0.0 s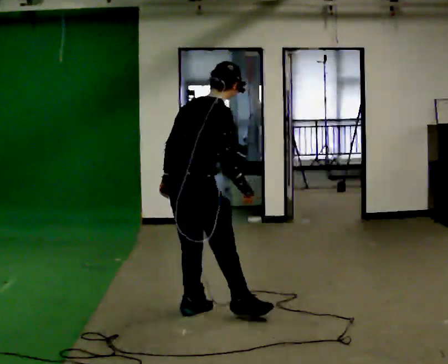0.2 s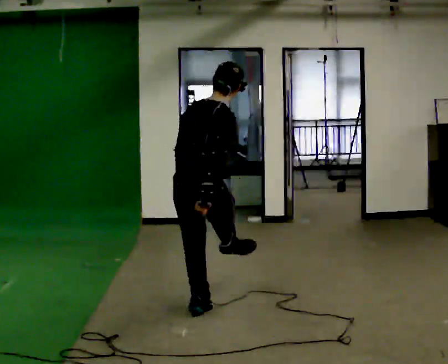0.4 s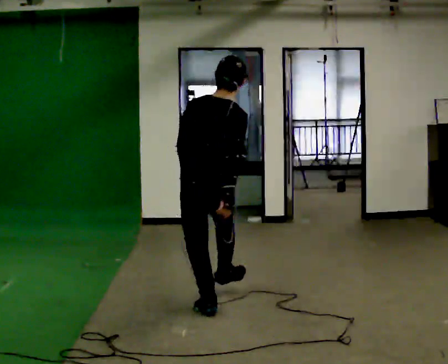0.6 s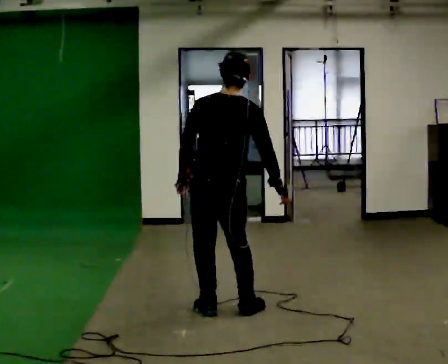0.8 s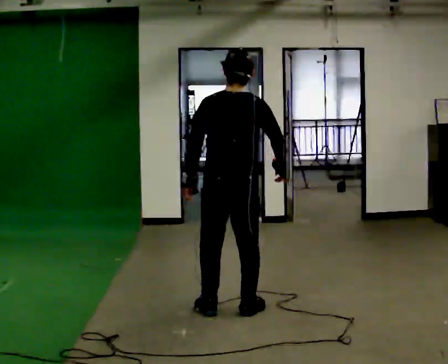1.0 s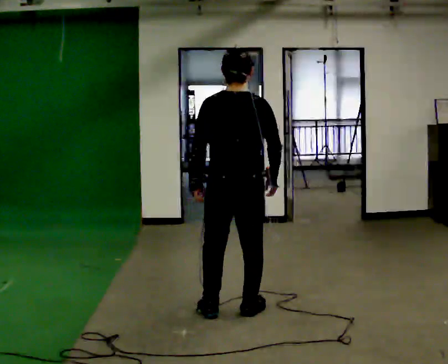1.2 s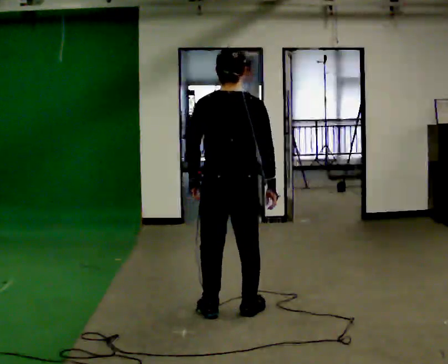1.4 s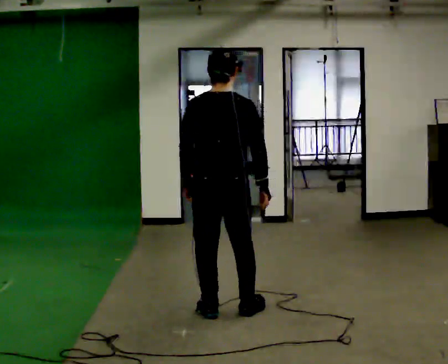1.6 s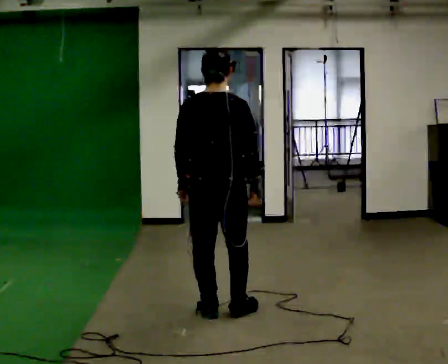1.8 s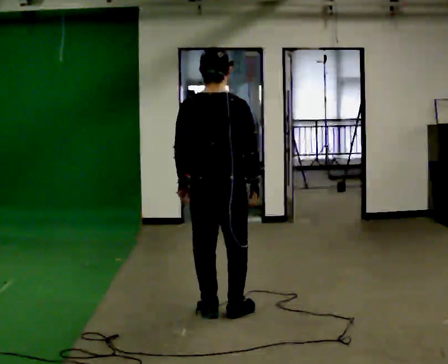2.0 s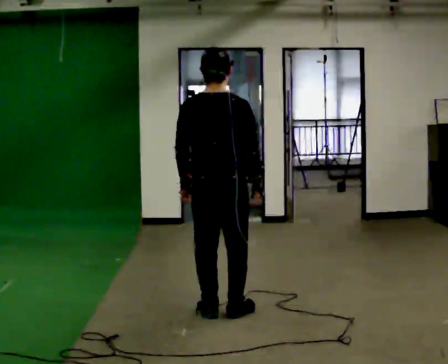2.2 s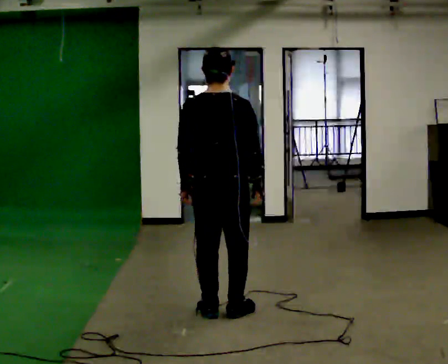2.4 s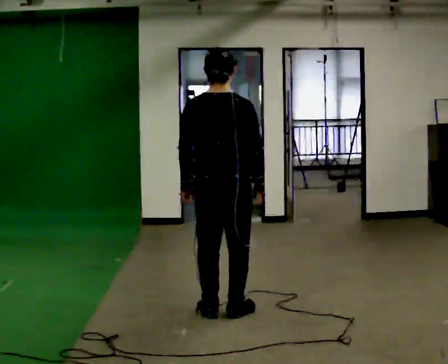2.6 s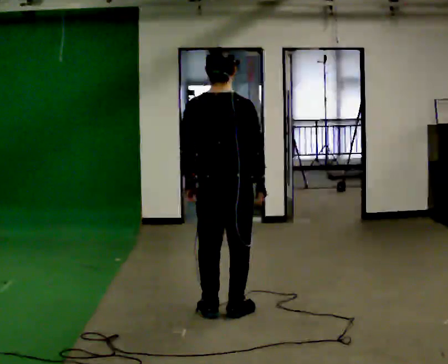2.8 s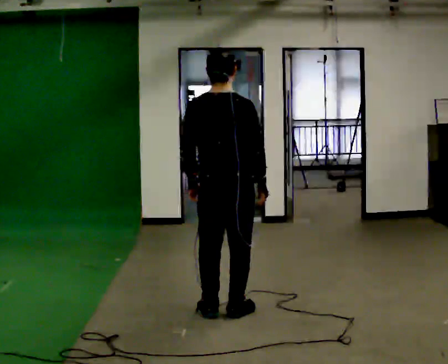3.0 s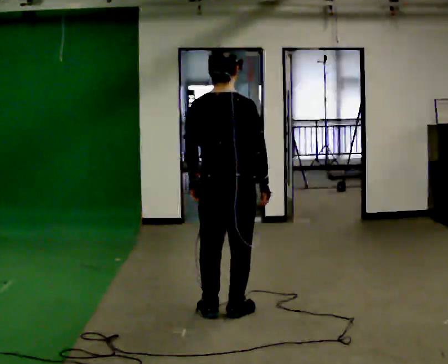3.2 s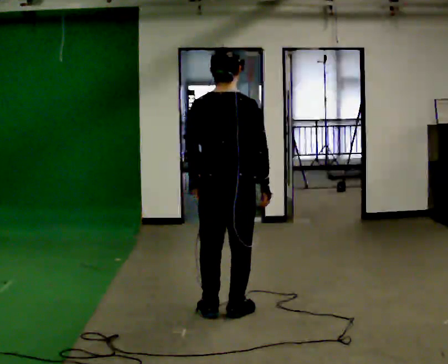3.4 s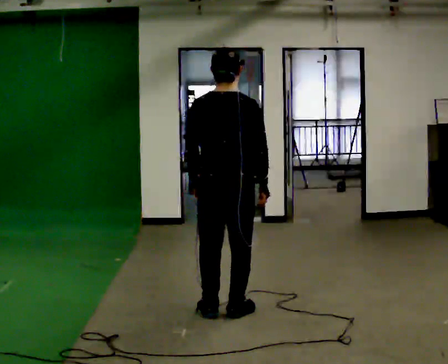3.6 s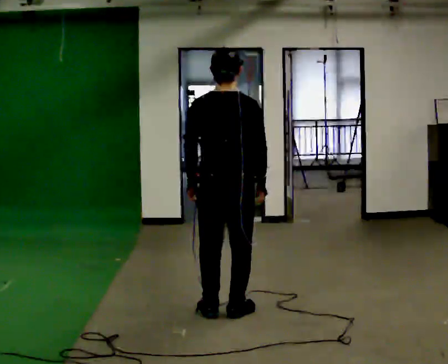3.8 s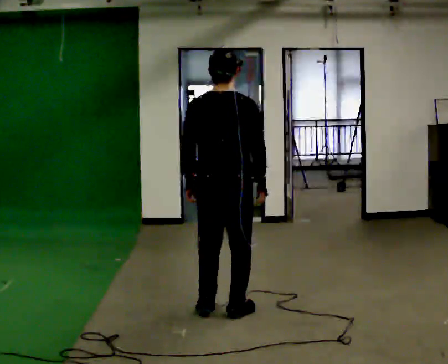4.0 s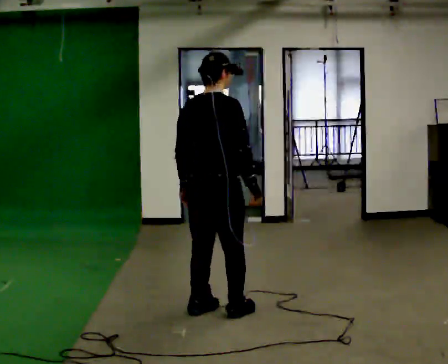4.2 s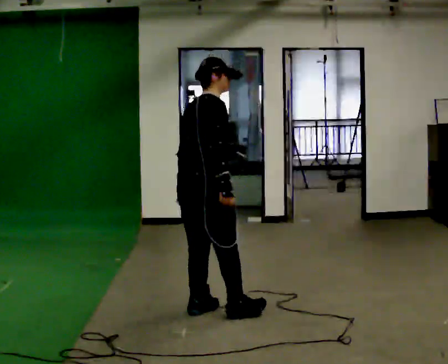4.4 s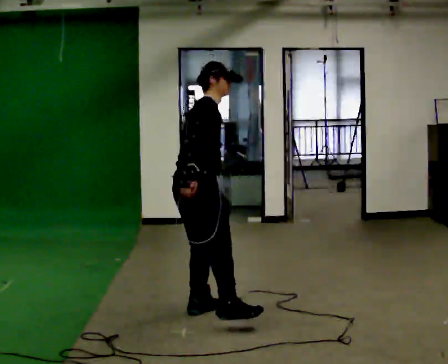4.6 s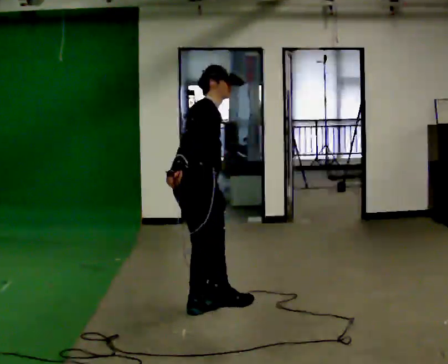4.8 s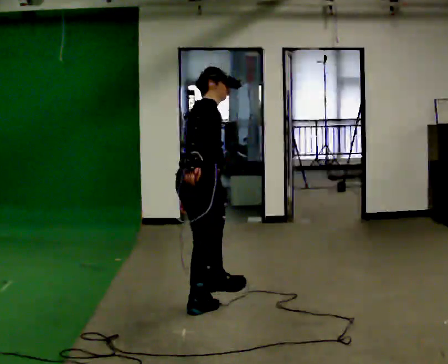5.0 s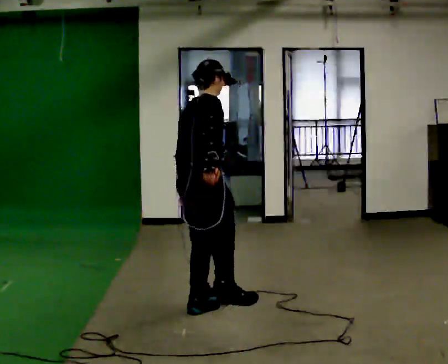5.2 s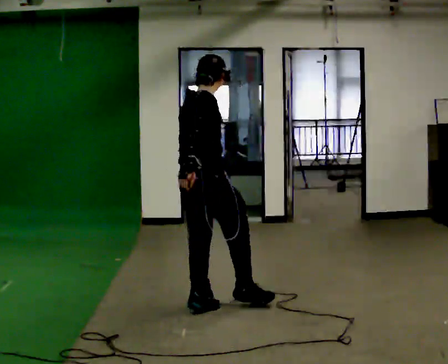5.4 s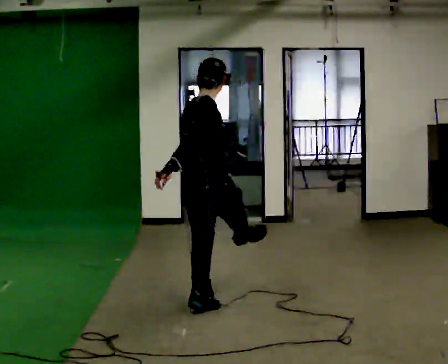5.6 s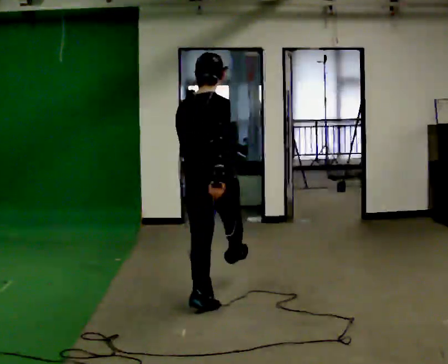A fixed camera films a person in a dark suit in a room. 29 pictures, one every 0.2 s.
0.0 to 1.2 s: The person turns about 45 degrees to their left, counterclockwise seen from above, so the part of the body nearest the lens slides to the right. In the picture they go to the right, about 0.25 m in 1 step, which for them is to their right.
1.2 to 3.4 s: The person moves a little, or ends about where they began.
3.4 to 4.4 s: Seen from above the body turns clockwise, about 60 degrees: to their right, with its near side sliding to the left. In the picture they go to the left, about 0.25 m. The upper body tips away from the camera, its near side rolling upward, as they bend forward. In the picture their right hand goes to the left.
4.4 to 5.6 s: The person turns about 45 degrees to their left, counterclockwise seen from above, so the part of the body nearest the lens slides to the right. In the picture they go away from the camera, about 0.25 m, which for them is forward.
The film runs forward here.
